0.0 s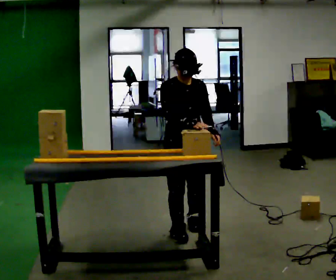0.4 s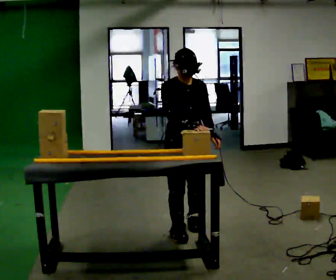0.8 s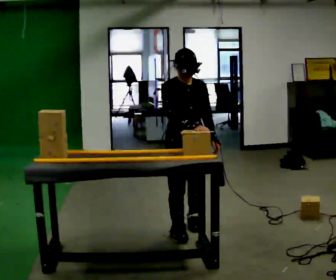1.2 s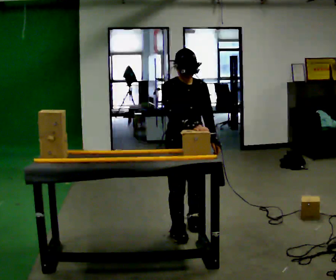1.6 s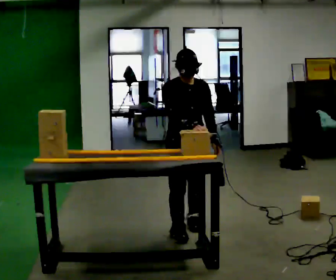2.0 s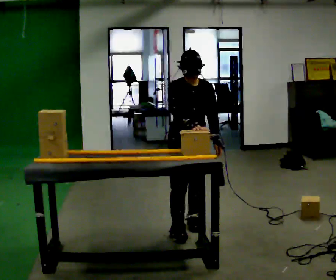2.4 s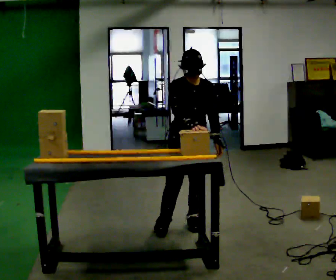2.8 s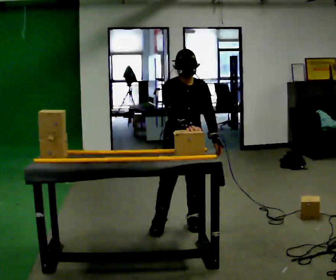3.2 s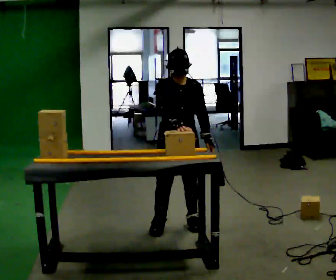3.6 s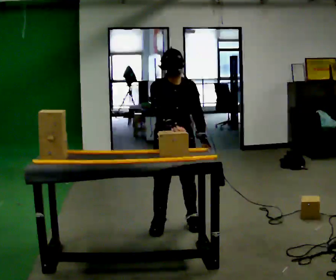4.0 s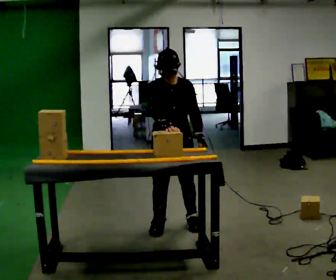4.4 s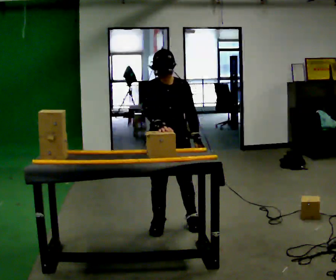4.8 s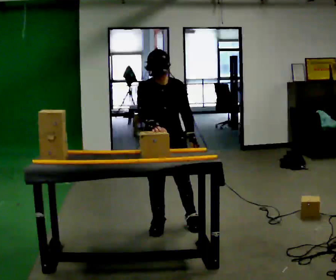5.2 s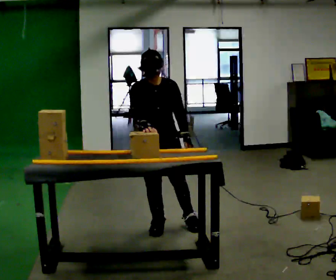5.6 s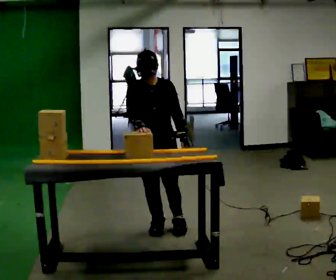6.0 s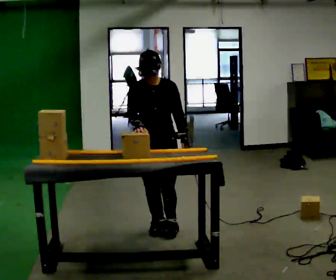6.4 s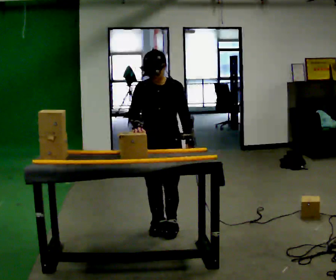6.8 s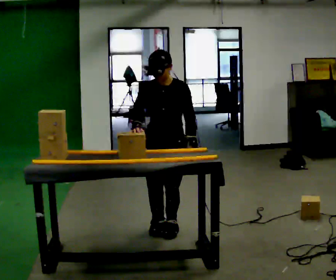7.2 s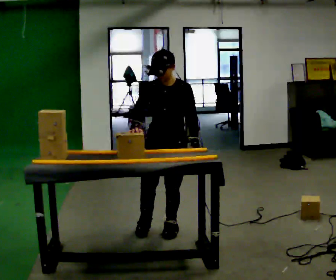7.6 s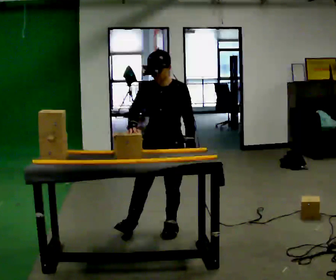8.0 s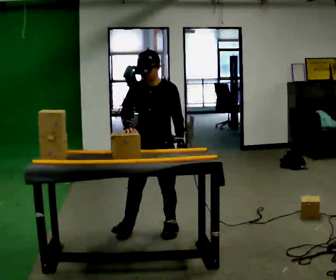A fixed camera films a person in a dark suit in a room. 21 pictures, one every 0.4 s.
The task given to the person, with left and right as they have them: Carry the object across the room and slide it into the slot on the shelf. It is a close fit, so take the time you need. Keep going until the operator says stop; one object at a time, and do not rush between trips.
0.0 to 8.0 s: Seen from above the body turns clockwise, about 30 degrees: to their right, with its near side sliding to the left. In the picture they go to the left, about 0.25 m in 3 steps, which for them is to their right. In the picture their right hand goes to the left.
The film runs forward here.
